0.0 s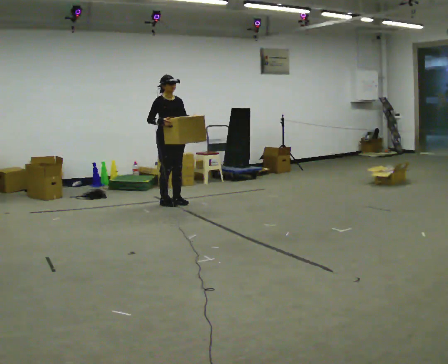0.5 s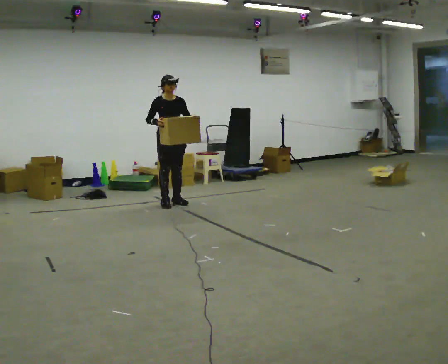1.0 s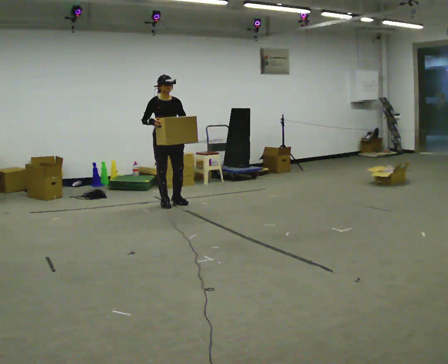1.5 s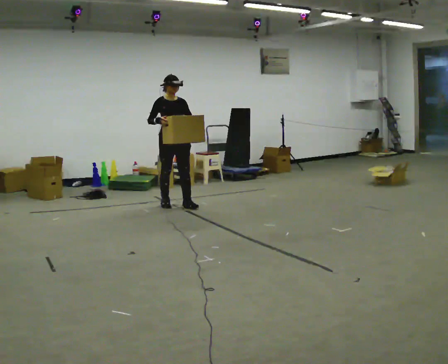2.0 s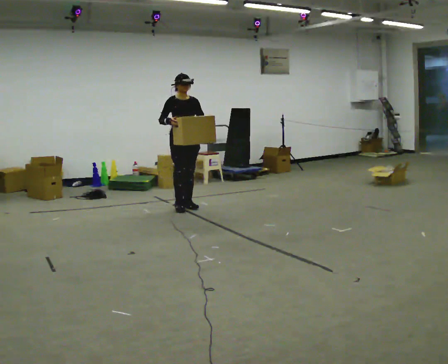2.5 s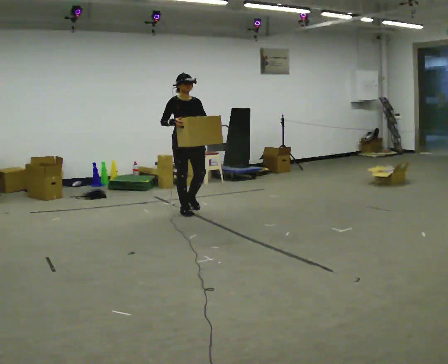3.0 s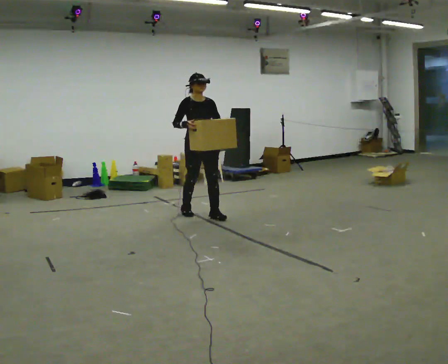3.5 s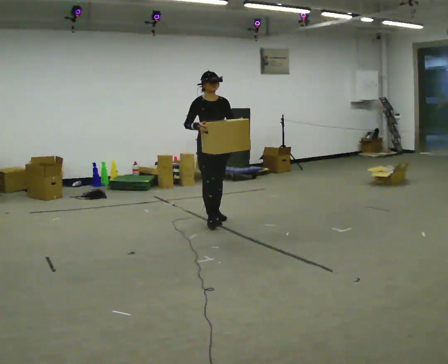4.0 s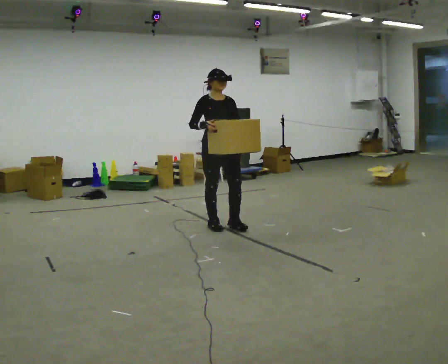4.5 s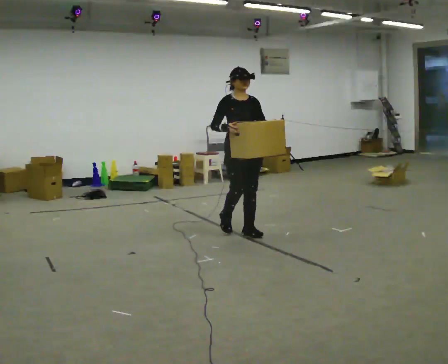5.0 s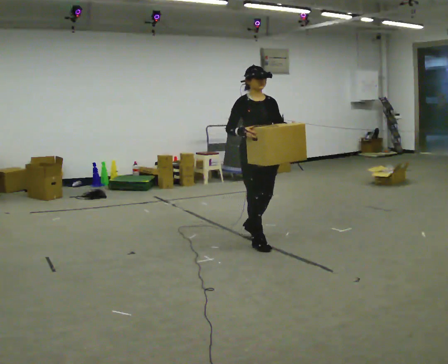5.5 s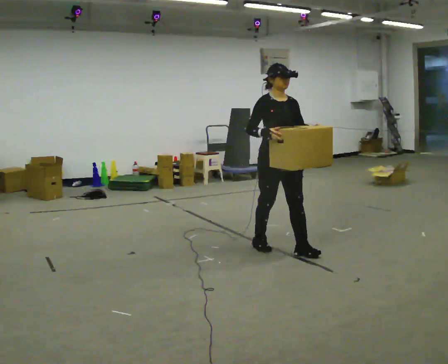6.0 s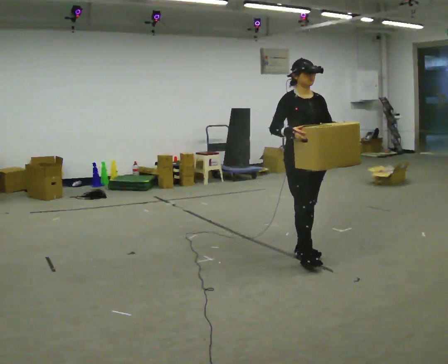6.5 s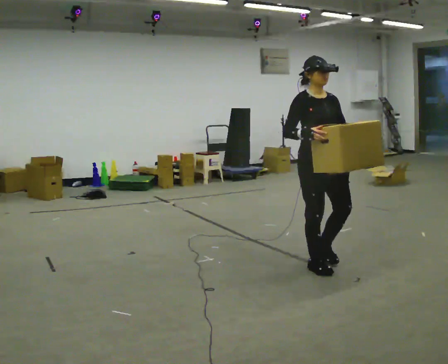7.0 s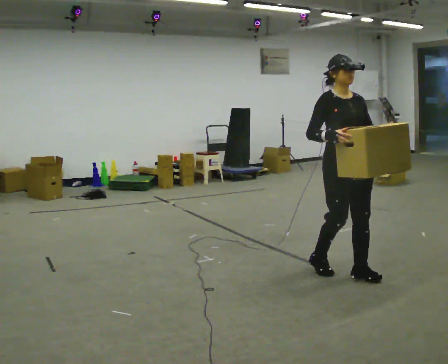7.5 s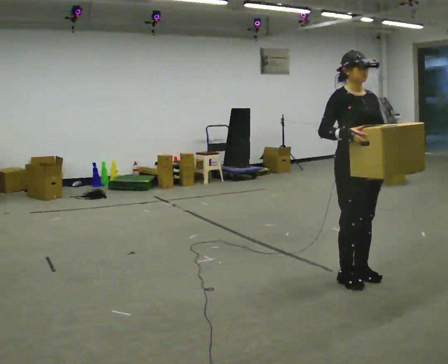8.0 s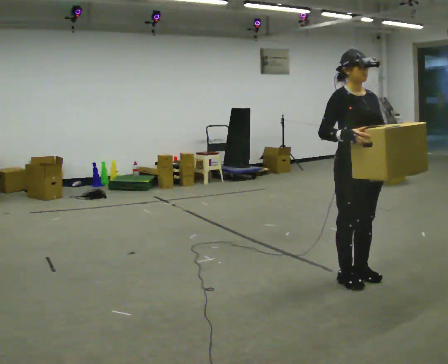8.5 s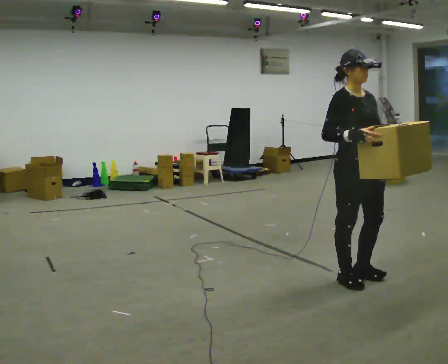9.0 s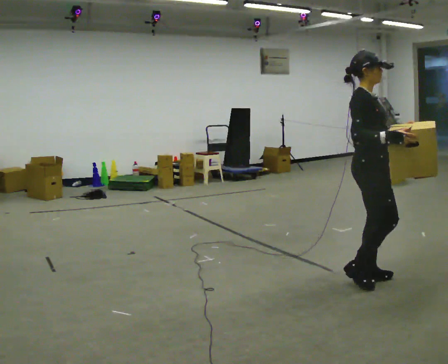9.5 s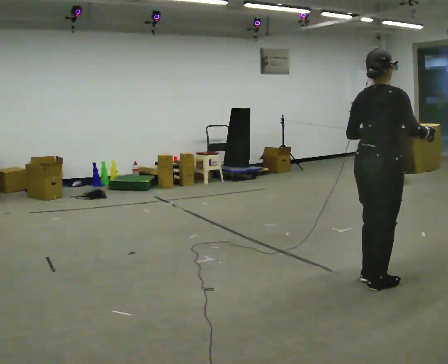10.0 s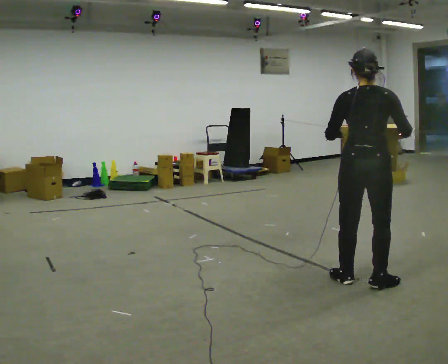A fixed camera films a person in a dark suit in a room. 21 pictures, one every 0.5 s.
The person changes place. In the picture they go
toward the camera.
0.0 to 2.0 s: In the picture they go toward the camera and to the right, about 0.25 m in 1 step, which for them is forward.
2.0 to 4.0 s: In the picture they go toward the camera and to the right, about 1 m in 3 steps, which for them is forward.
4.0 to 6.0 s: In the picture they go toward the camera and to the right, about 1 m in 3 steps, which for them is forward.
6.0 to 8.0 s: In the picture they go toward the camera and to the right, about 0.75 m in 3 steps, which for them is forward.
8.0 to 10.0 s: Seen from above the body turns counterclockwise, about 135 degrees: to their left, with its near side sliding to the right. In the picture their left hand goes to the left.
The film runs forward here.
